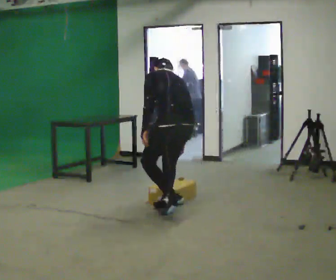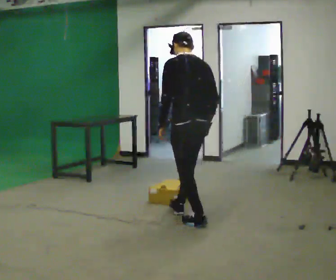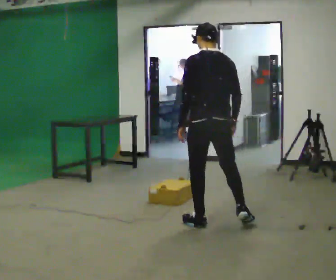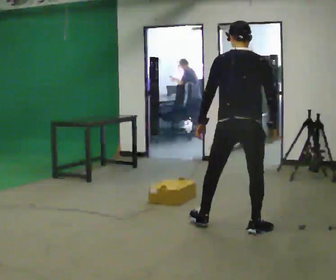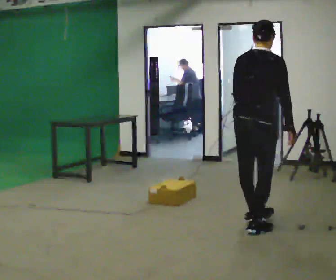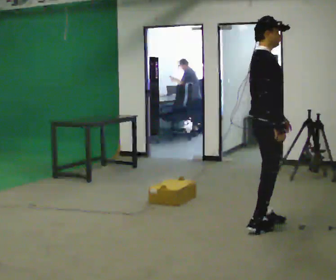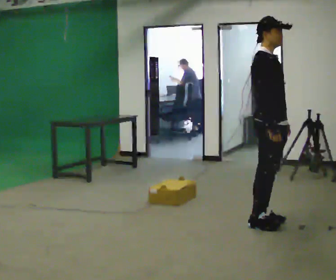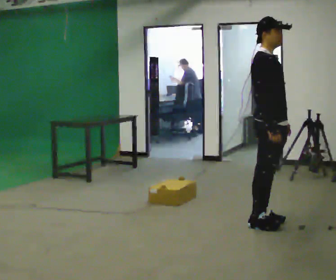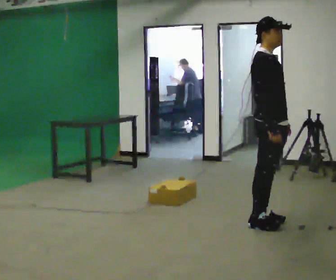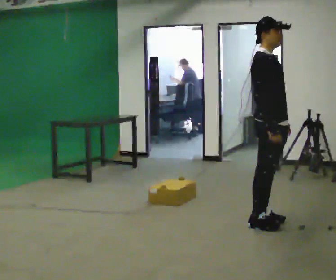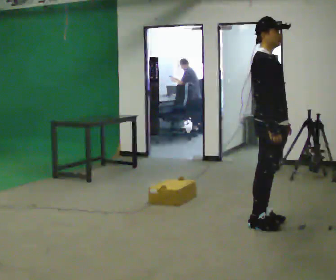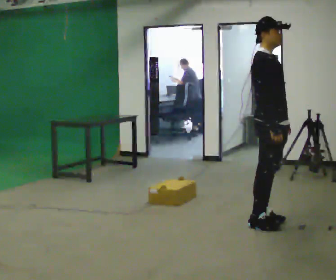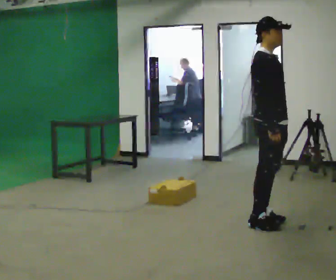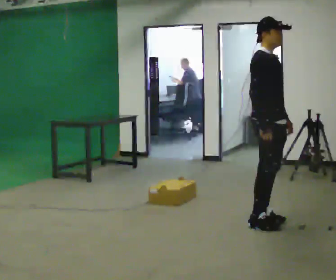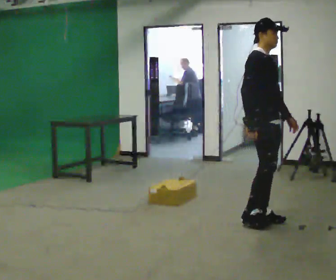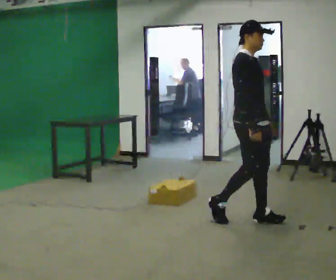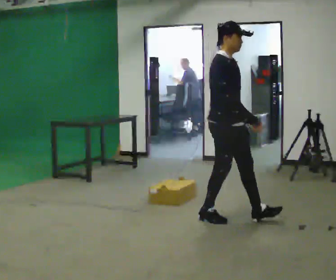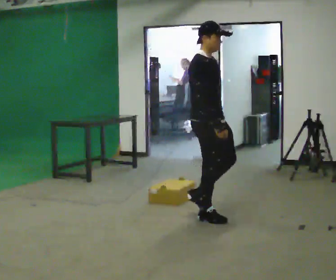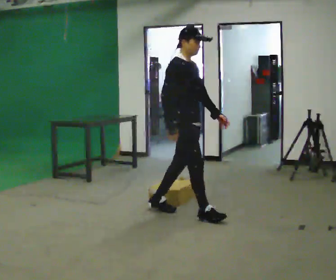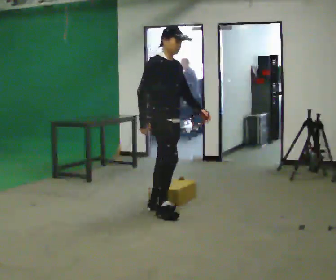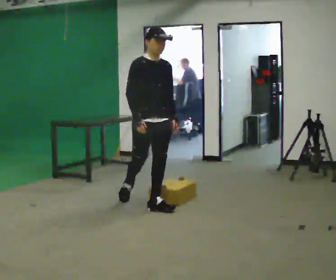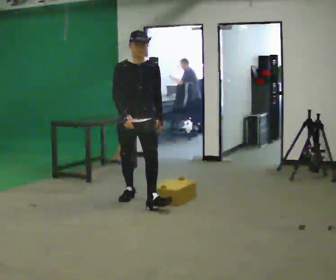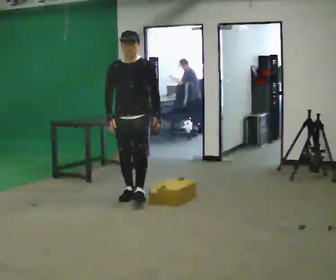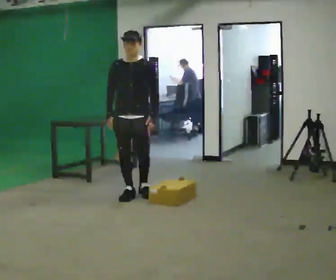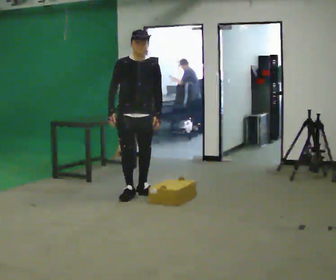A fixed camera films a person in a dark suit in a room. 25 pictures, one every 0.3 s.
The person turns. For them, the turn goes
to their right.
The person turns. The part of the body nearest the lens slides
to the left.
0.0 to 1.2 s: The part of the body nearest the lens slides to the left as the person turns to their right by about 75 degrees. In the picture they go to the right and toward the camera, about 1 m in 2 steps. The upper body goes upward. In the picture the upper body tilts clockwise, shoulders to the right, as they lean back or straighten.
1.2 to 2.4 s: Seen from above the body turns clockwise, about 75 degrees: to their right, with its near side sliding to the left. In the picture the upper body tilts counterclockwise, shoulders to the left, as they lean back or straighten. In the picture their left hand goes to the right.
2.4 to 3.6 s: The person moves a little, or ends about where they began.
3.6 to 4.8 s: In the picture they go to the left, about 0.5 m in 1 step, which for them is backward.
4.8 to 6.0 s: The person turns about 30 degrees to their right, clockwise seen from above, so the part of the body nearest the lens slides to the left. In the picture they go to the left and away from the camera, about 1 m in 2 steps, which for them is backward.
6.0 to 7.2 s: The person turns about 30 degrees to their right, clockwise seen from above, so the part of the body nearest the lens slides to the left. In the picture they go away from the camera and to the left, about 0.5 m in 1 step, which for them is backward and to their right.
The film runs backward here.
